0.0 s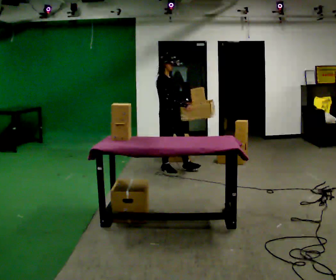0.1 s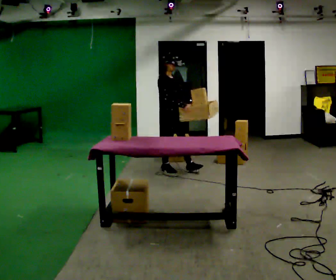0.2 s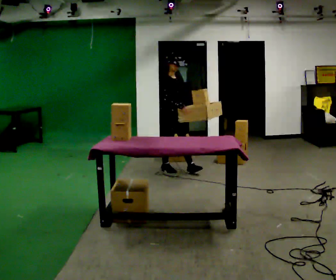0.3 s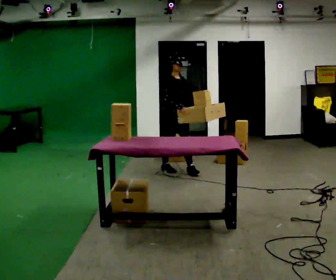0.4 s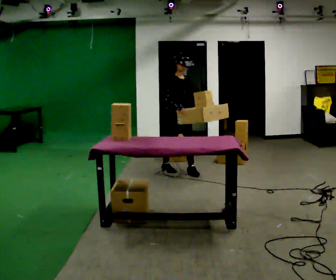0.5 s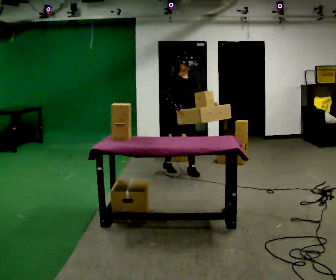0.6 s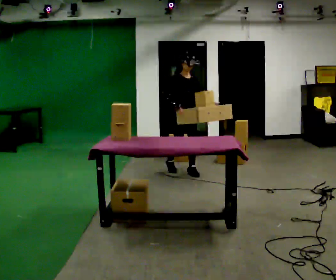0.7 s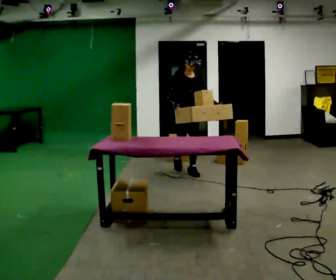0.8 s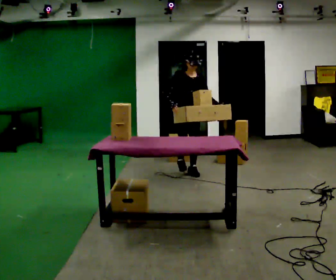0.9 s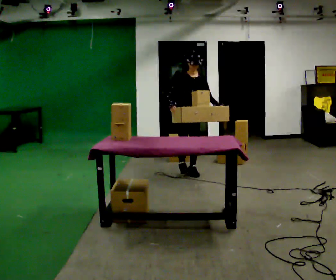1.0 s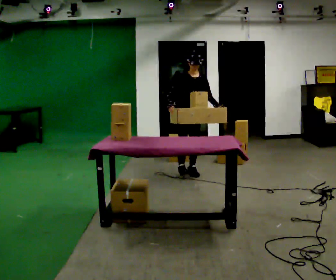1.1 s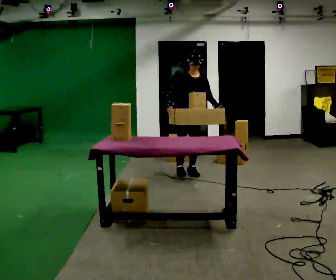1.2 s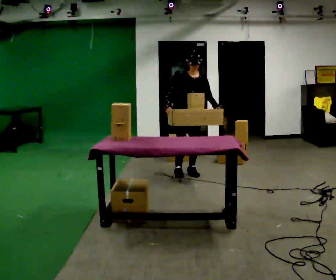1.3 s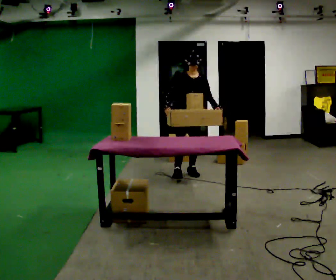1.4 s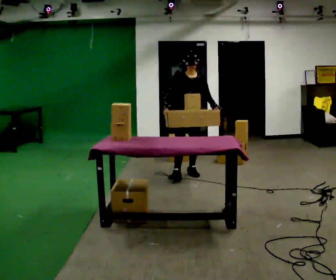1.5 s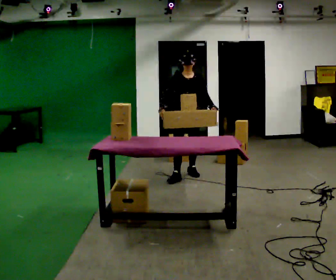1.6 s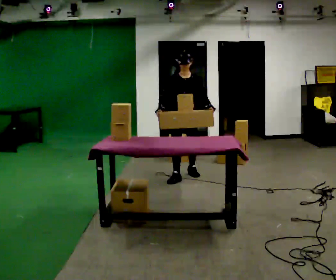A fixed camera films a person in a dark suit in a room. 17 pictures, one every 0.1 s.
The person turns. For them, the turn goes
to their right.
The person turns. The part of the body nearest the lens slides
to the left.
0.0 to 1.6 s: The person turns about 60 degrees to their right, clockwise seen from above, so the part of the body nearest the lens slides to the left. In the picture they go toward the camera and to the right, about 0.5 m in 2 steps.
The film runs forward here.
